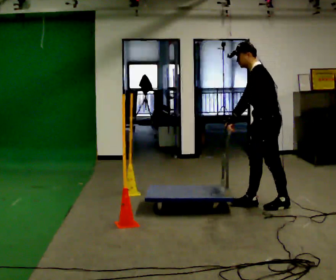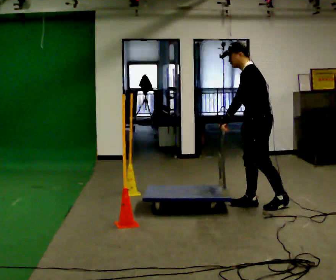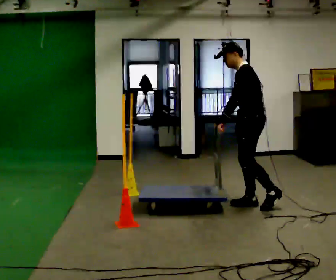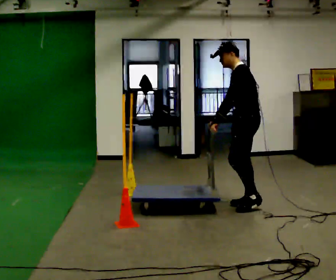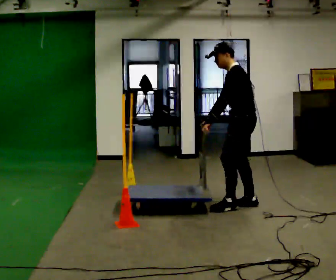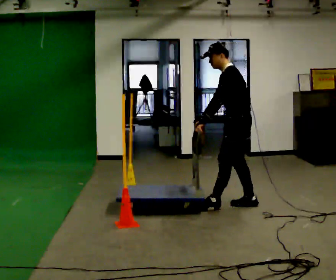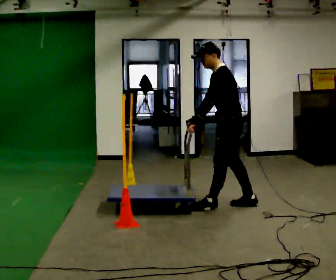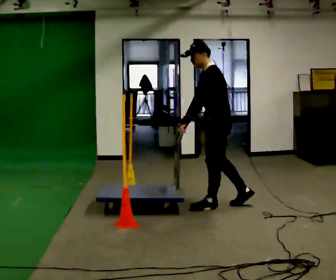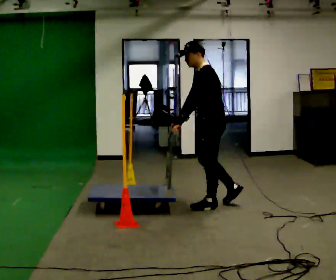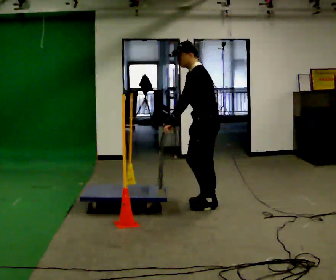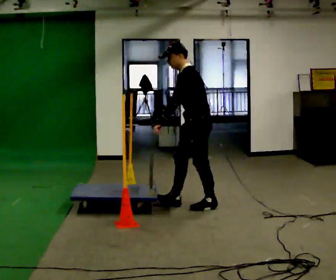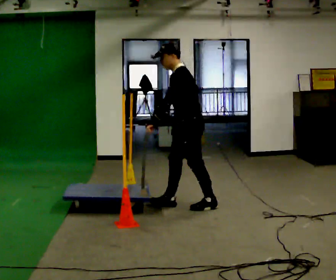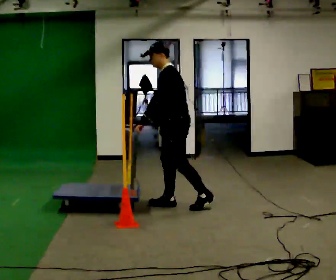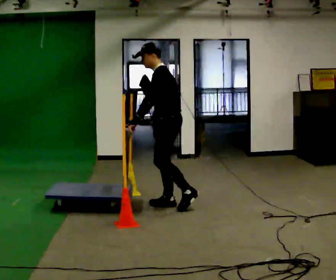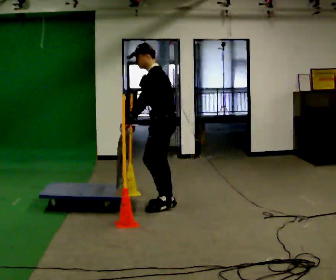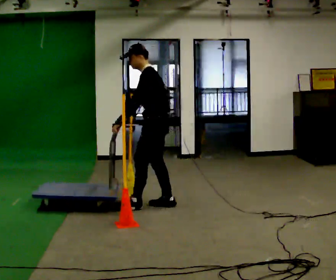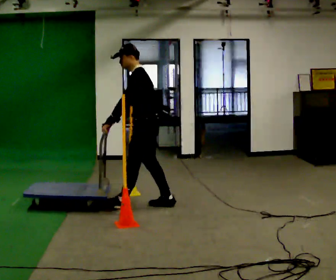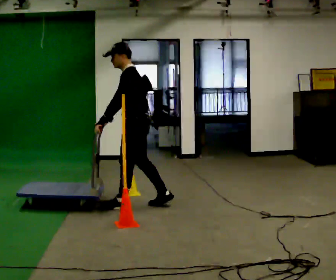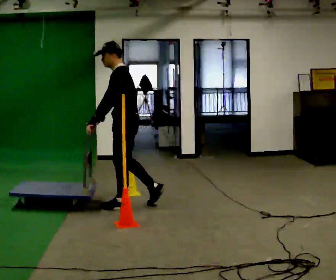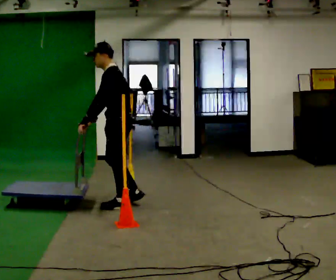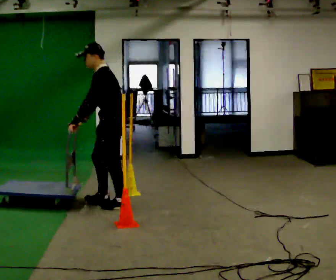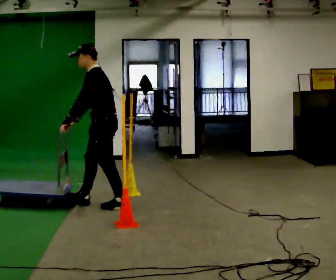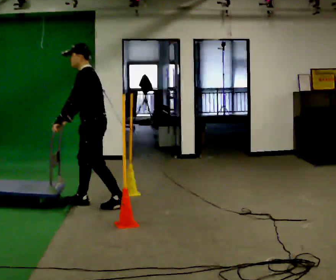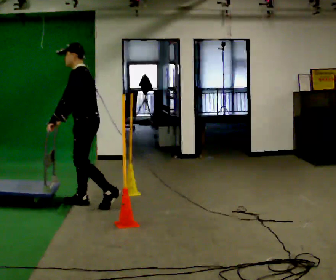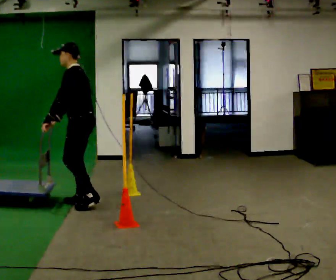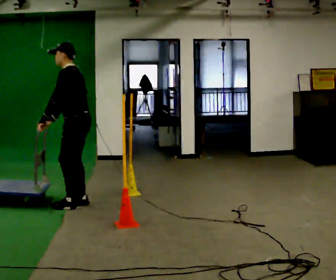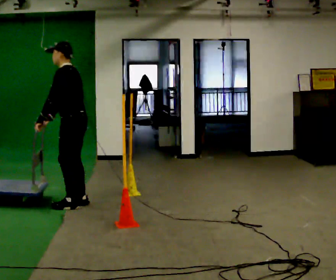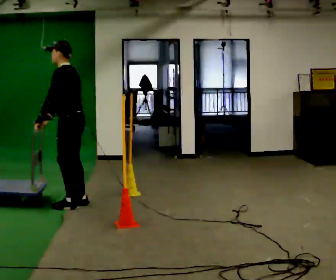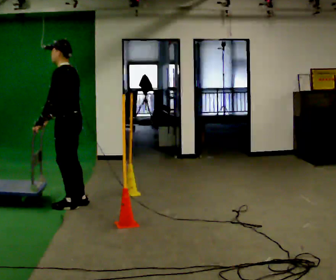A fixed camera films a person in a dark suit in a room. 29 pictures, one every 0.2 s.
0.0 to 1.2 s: In the picture they go to the left, about 0.25 m in 1 step, which for them is forward.
1.2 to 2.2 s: In the picture they go to the left, about 0.5 m in 1 step, which for them is forward.
2.2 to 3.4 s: In the picture they go to the left, about 0.5 m in 1 step, which for them is forward.
3.4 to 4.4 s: In the picture they go to the left, about 0.5 m in 1 step, which for them is forward.
4.4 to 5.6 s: In the picture they go to the left, about 0.25 m in 1 step, which for them is forward.
The film runs forward here.
